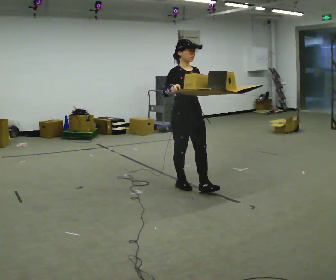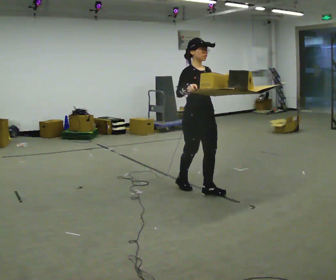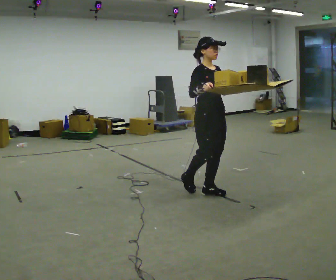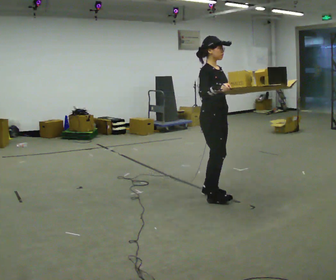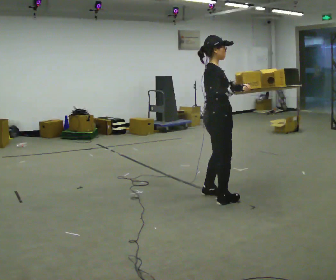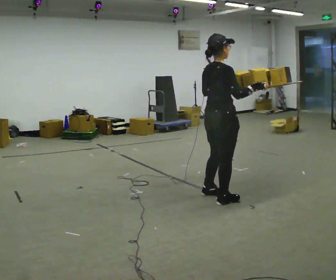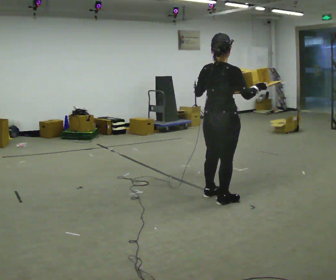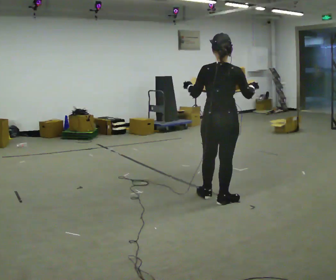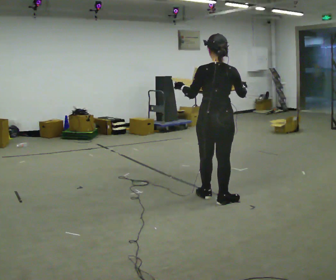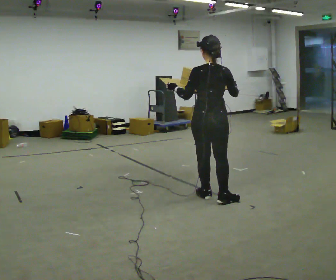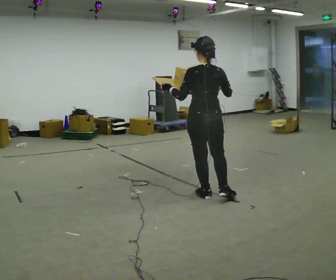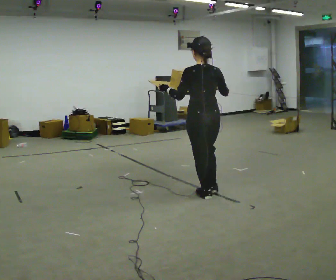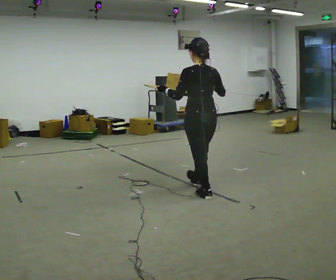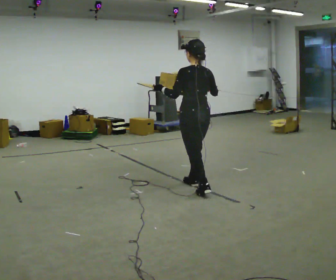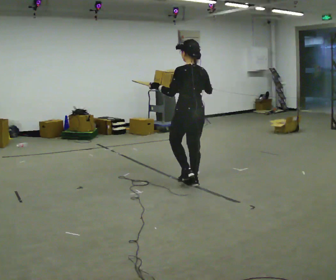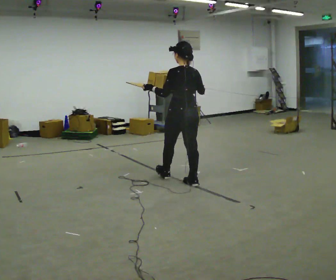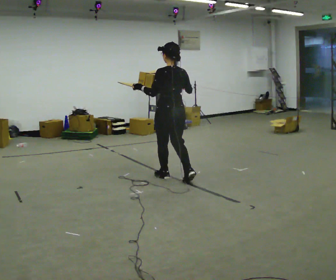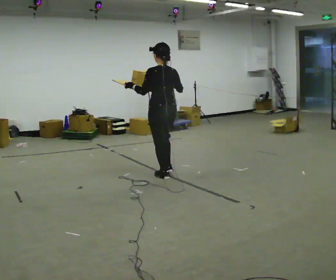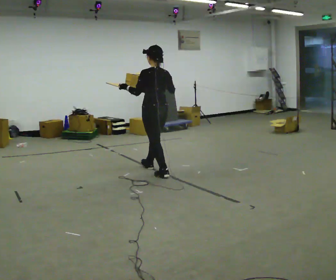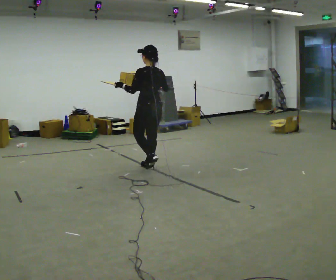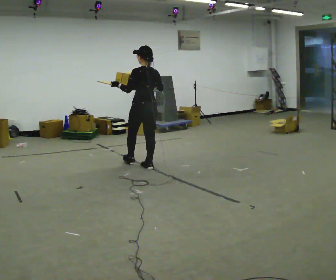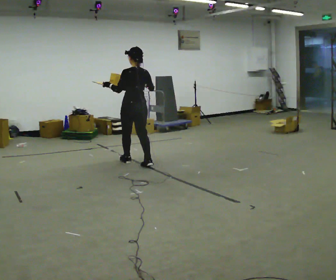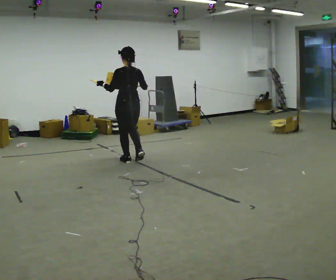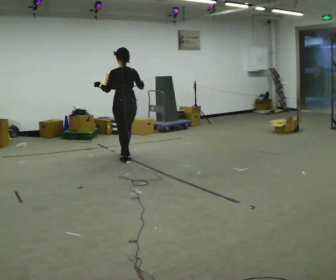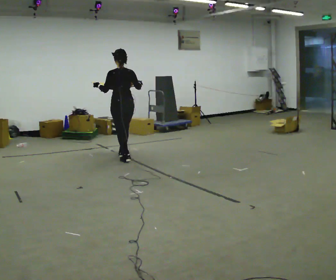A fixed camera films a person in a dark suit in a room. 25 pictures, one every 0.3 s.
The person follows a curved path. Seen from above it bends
clockwise.
The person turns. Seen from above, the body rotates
counterclockwise.
0.0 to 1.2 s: The part of the body nearest the lens slides to the right as the person turns to their left by about 60 degrees. In the picture they go to the right and toward the camera, about 0.5 m in 2 steps, which for them is forward.
1.2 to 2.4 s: Seen from above the body turns counterclockwise, about 90 degrees: to their left, with its near side sliding to the right.
2.4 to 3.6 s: In the picture they go to the left and away from the camera, about 0.25 m, which for them is forward.
3.6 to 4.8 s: In the picture they go to the left and away from the camera, about 0.75 m in 2 steps, which for them is forward.
4.8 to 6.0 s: In the picture they go to the left and away from the camera, about 0.75 m in 1 step, which for them is forward.
6.0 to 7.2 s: In the picture they go to the left and away from the camera, about 0.5 m in 2 steps, which for them is forward.
The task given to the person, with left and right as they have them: Carry the open tray of loose items across the room, back and forth, trying not to let anything fall out.
The film runs forward here.
